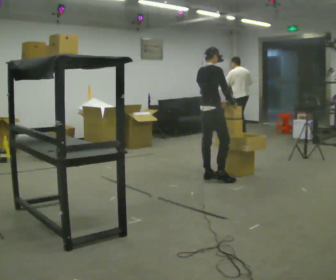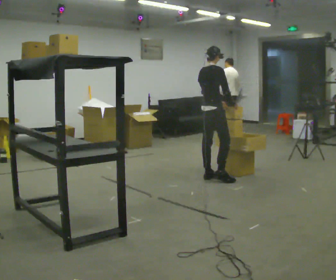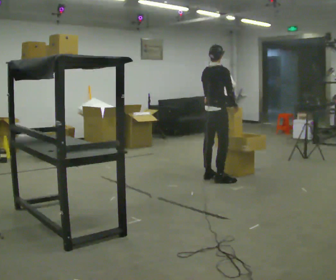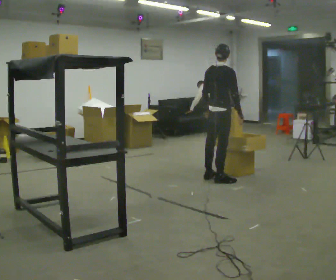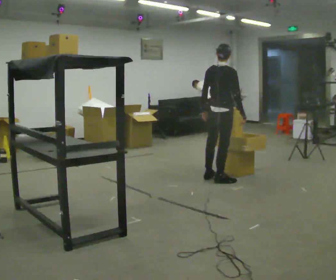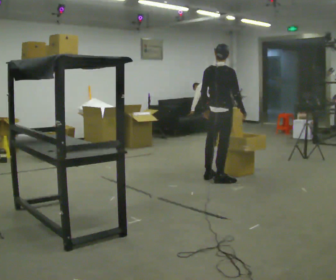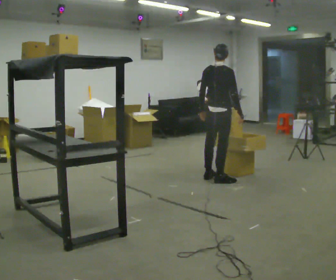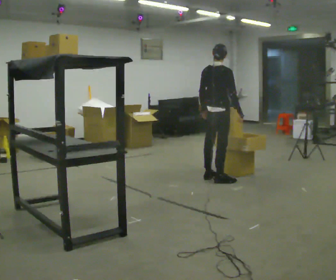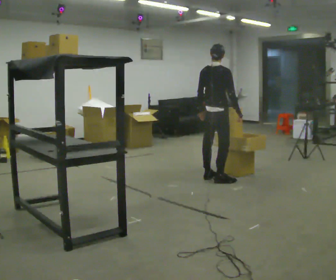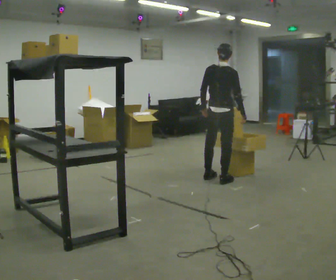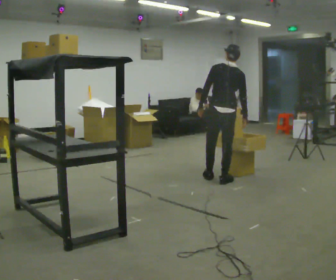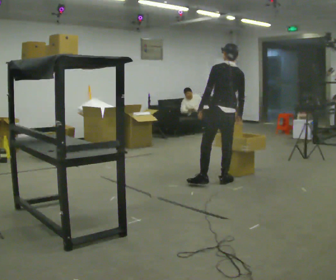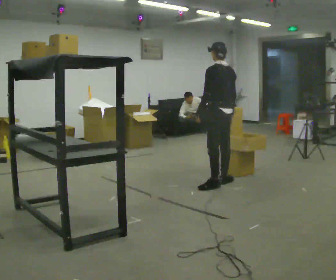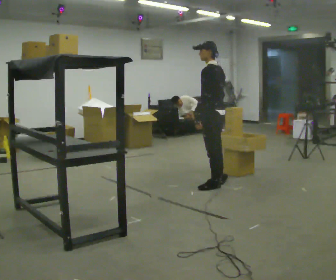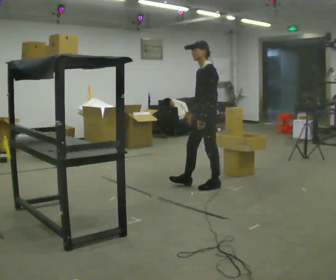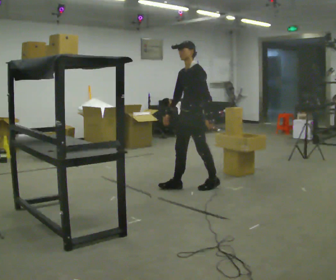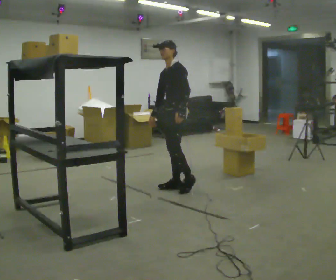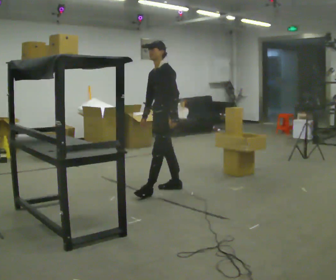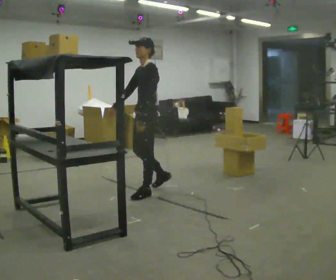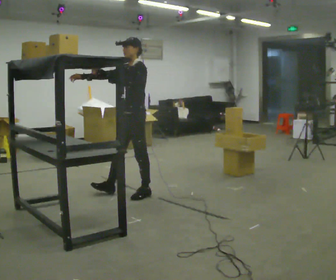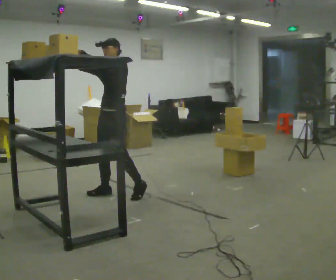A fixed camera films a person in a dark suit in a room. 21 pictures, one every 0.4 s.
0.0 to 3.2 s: The person moves a little, or ends about where they began.
3.2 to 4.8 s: The person turns about 75 degrees to their left, counterclockwise seen from above, so the part of the body nearest the lens slides to the right. In the picture they go toward the camera, about 0.25 m in 1 step.
4.8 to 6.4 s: Seen from above the body turns counterclockwise, about 75 degrees: to their left, with its near side sliding to the right. In the picture they go to the left and toward the camera, about 0.5 m in 1 step.
6.4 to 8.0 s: In the picture they go to the left and toward the camera, about 0.5 m in 2 steps, which for them is forward. In the picture their right hand goes upward, the arm swinging clockwise.
The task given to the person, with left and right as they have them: Take an object from the lowest shelf, carry it across the room, and place it on the highest shelf you can comfortably reach. Keep going until the operator says stop; one object at a time, and do not rush between trips.
The film runs forward here.
